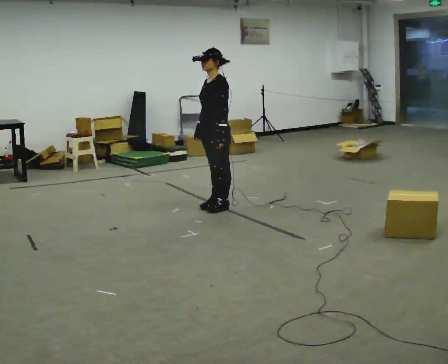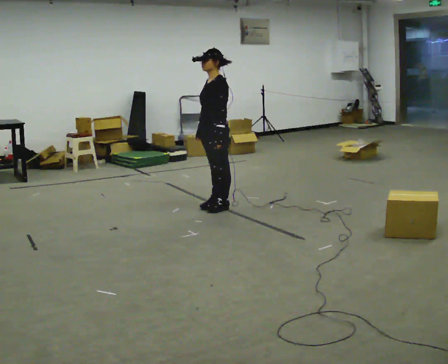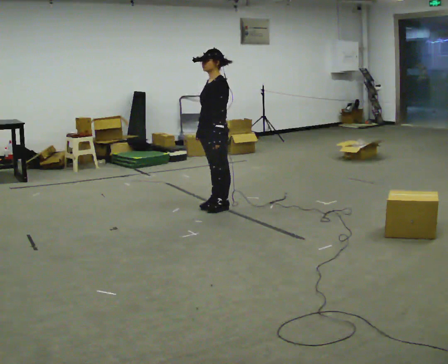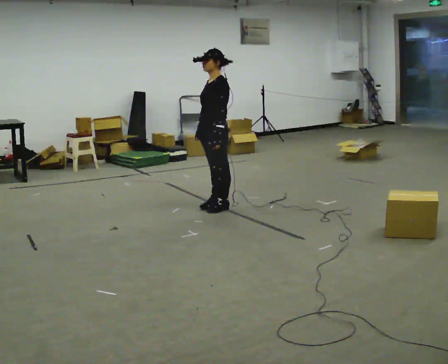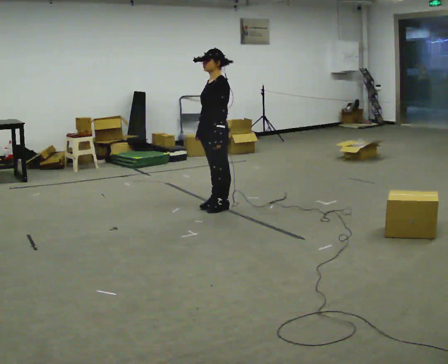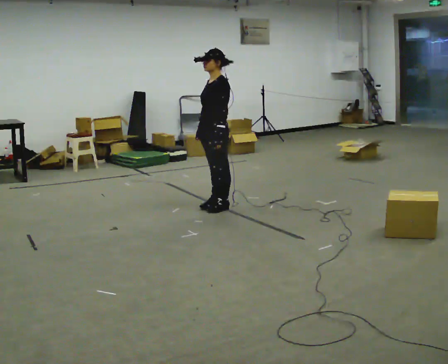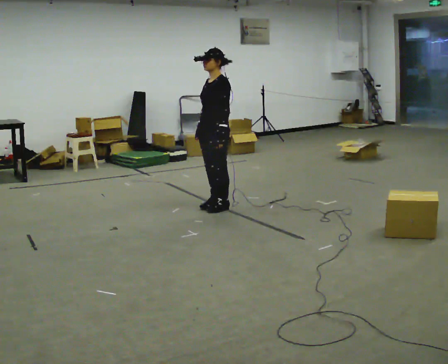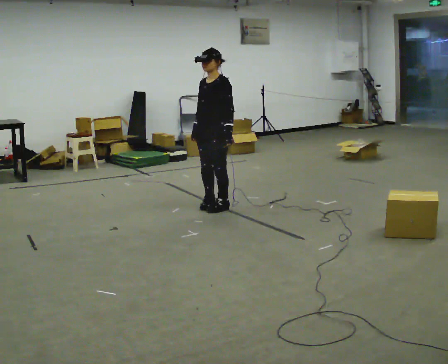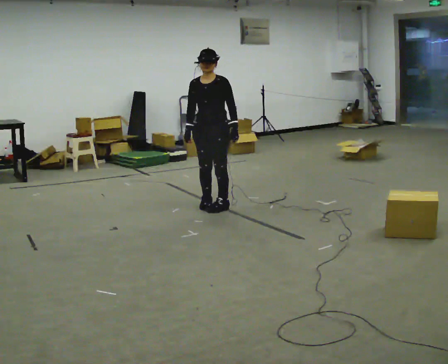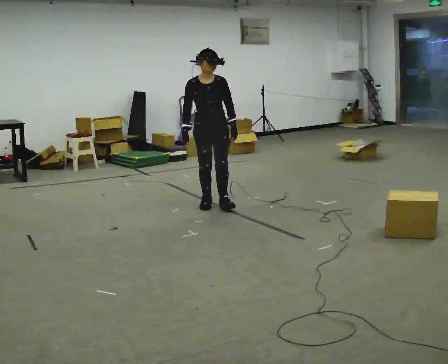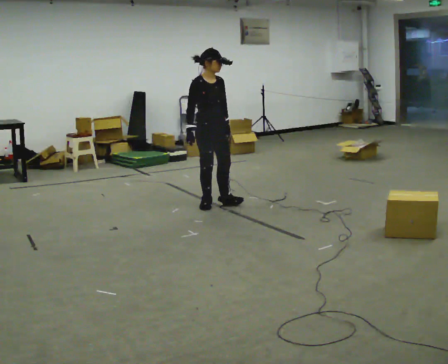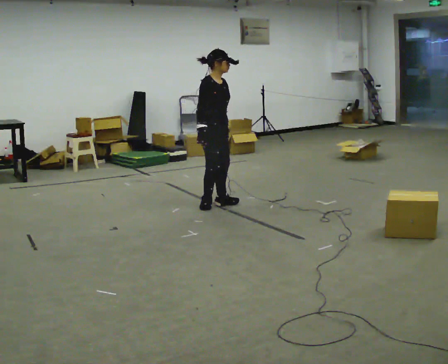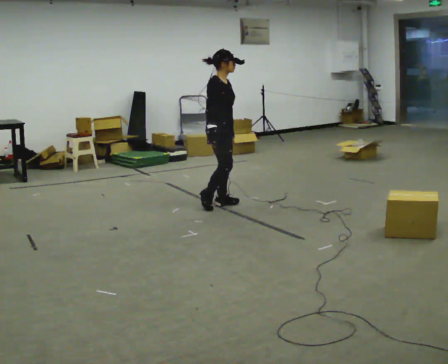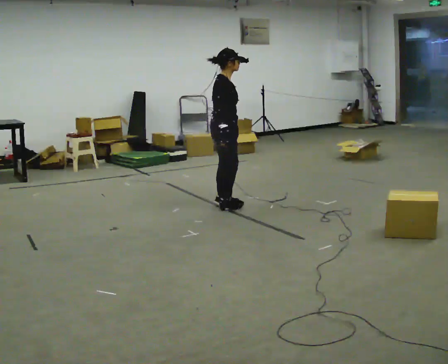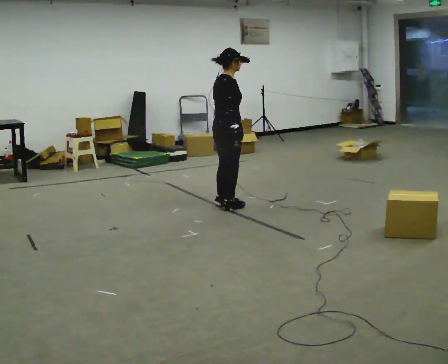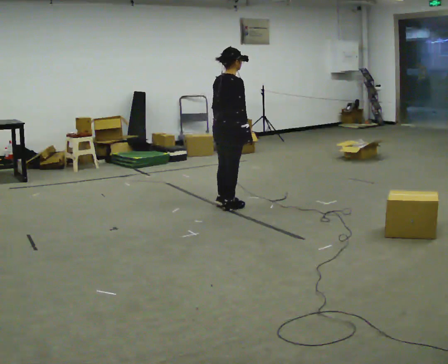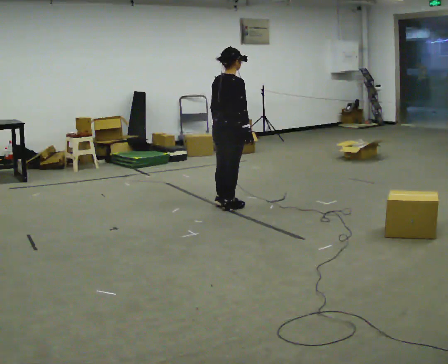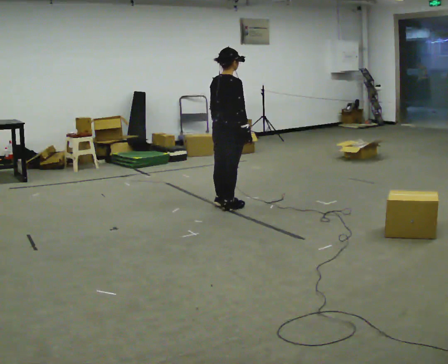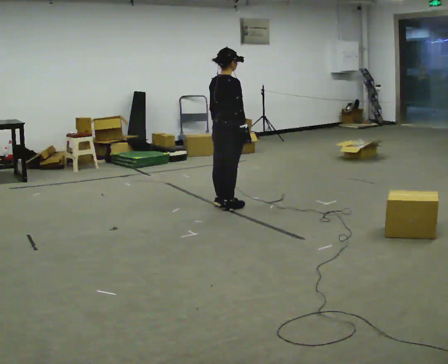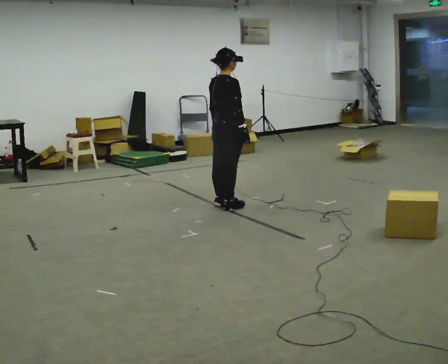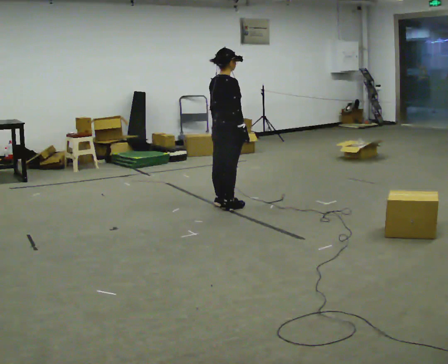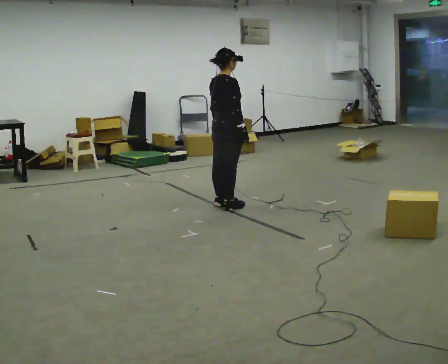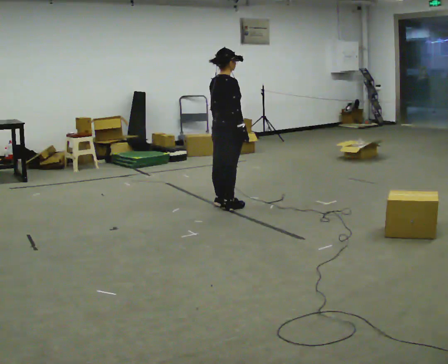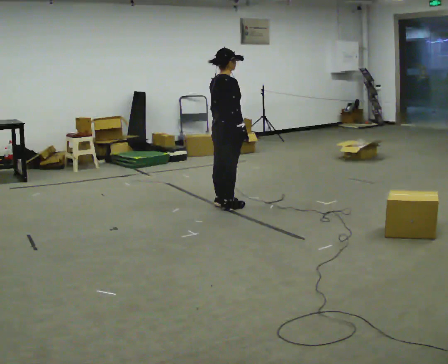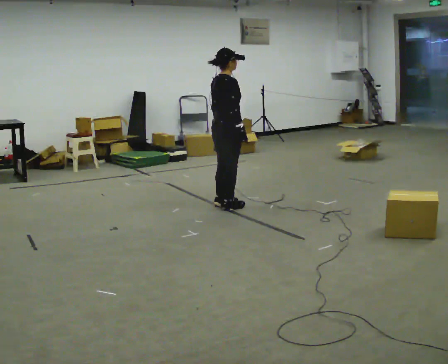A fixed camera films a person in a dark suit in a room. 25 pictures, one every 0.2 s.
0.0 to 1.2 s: The person moves a little, or ends about where they began.
1.2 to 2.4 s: The part of the body nearest the lens slides to the right as the person turns to their left by about 135 degrees.
2.4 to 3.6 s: The part of the body nearest the lens slides to the right as the person turns to their left by about 60 degrees. In the picture their right hand goes to the right.
3.6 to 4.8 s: The person moves a little, or ends about where they began.
The film runs forward here.
